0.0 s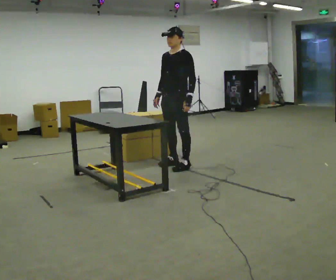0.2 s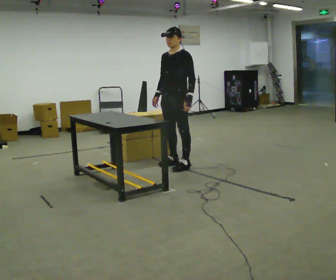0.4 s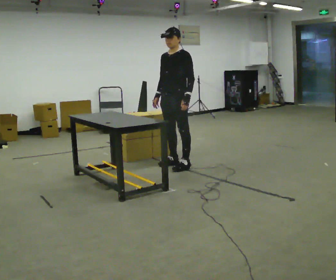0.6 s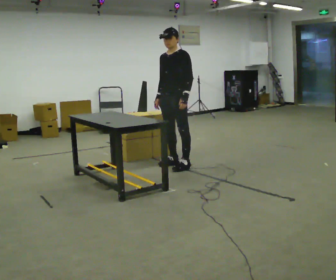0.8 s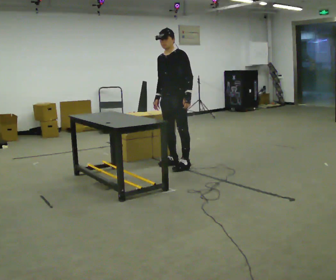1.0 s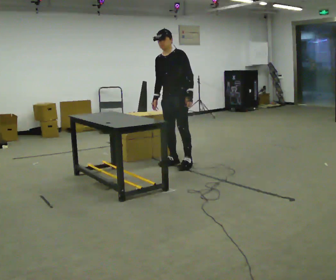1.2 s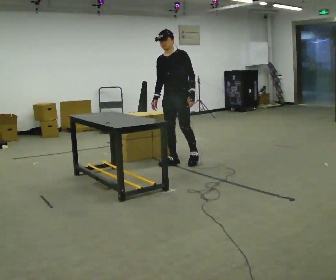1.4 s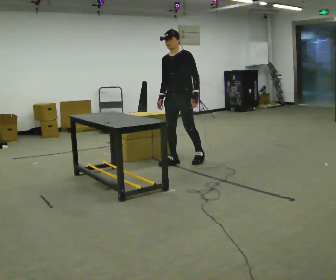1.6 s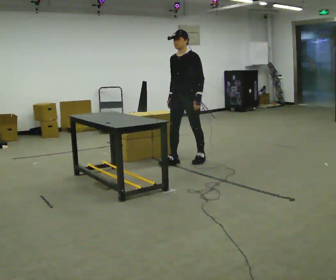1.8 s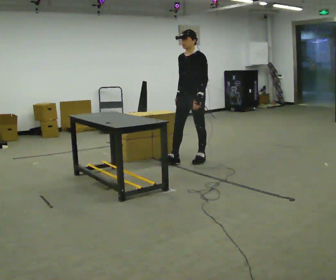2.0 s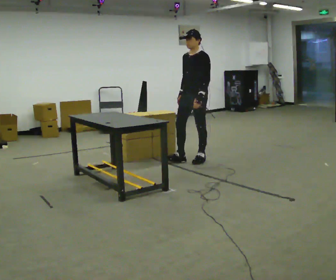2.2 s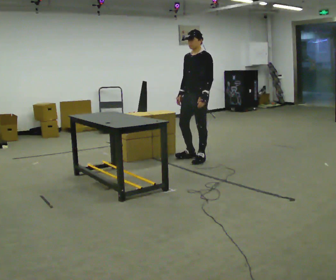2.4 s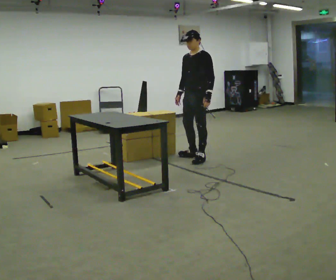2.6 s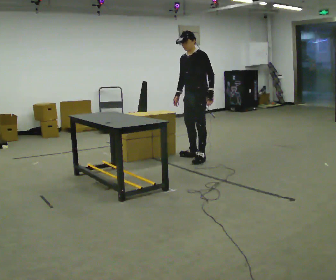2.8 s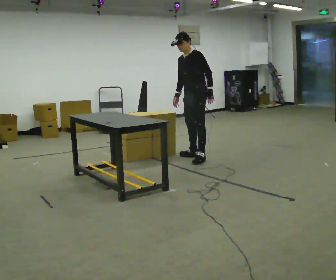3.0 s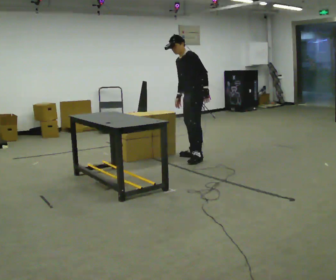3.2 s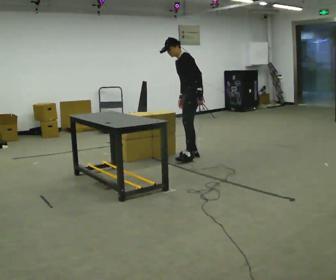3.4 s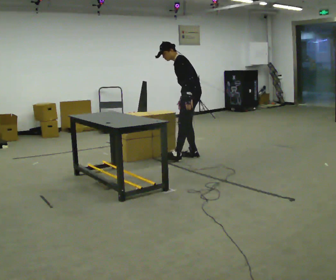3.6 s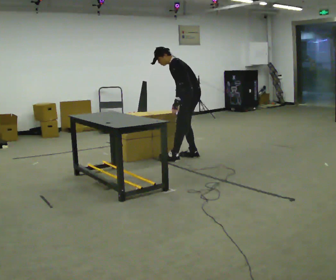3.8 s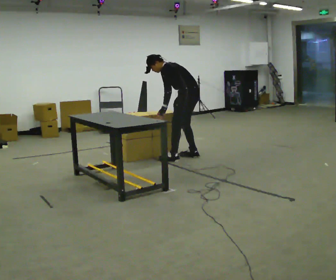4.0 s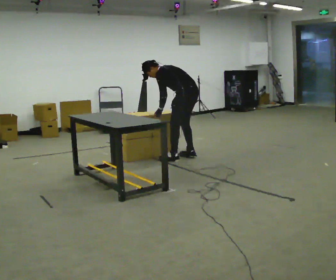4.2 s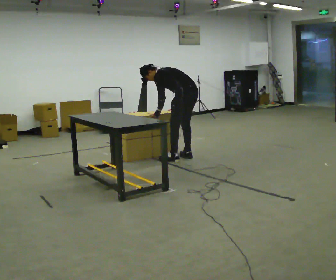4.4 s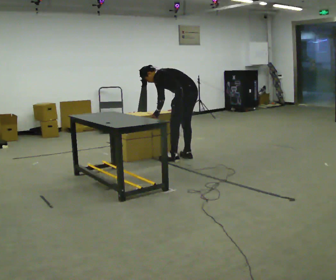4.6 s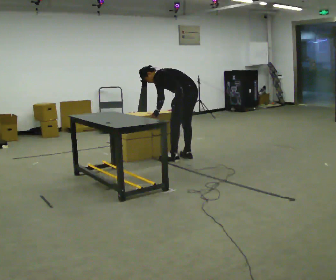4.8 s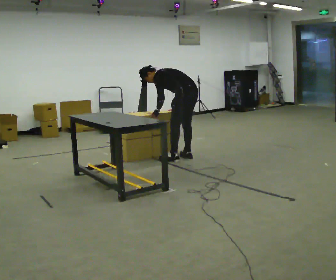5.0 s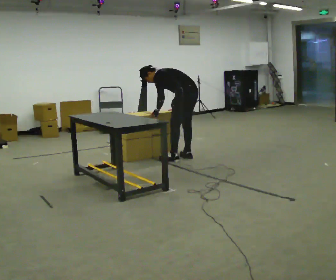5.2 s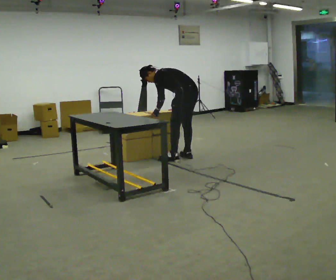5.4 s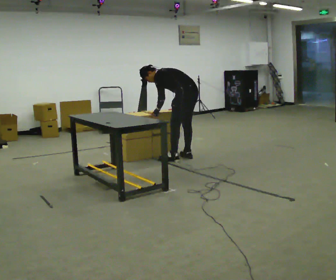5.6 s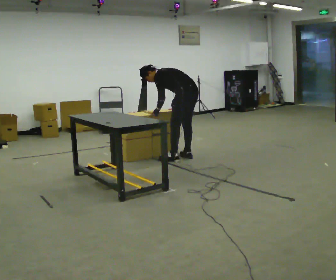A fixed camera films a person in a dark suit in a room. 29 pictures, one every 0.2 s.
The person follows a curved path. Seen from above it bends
counterclockwise.
0.0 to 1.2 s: In the picture they go away from the camera, about 0.25 m in 1 step, which for them is to their right and backward.
1.2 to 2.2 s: In the picture they go to the right and away from the camera, about 0.25 m in 1 step, which for them is backward.
2.2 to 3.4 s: Seen from above the body turns clockwise, about 45 degrees: to their right, with its near side sliding to the left. In the picture they go away from the camera, about 0.25 m in 1 step, which for them is to their right. In the picture the upper body tilts counterclockwise, shoulders to the left, as they bend forward.
3.4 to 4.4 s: The person turns about 30 degrees to their right, clockwise seen from above, so the part of the body nearest the lens slides to the left. In the picture they go toward the camera, about 0.25 m, which for them is to their left. The upper body goes downward. In the picture the upper body tilts counterclockwise, shoulders to the left, as they bend forward. In the picture their left hand goes to the left.
4.4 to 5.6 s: The person keeps their place and pose.
The film runs backward here.
